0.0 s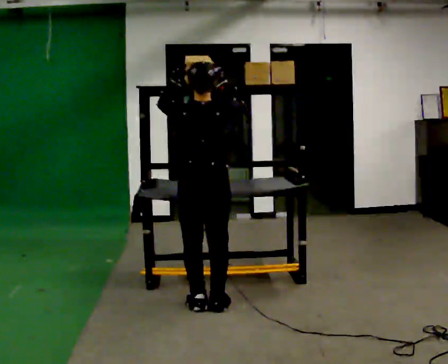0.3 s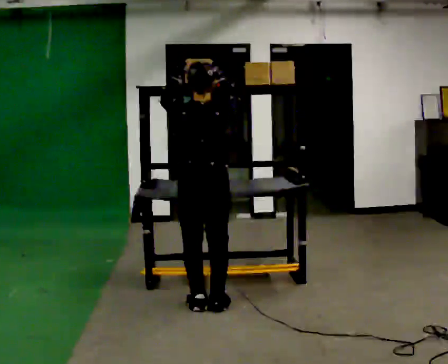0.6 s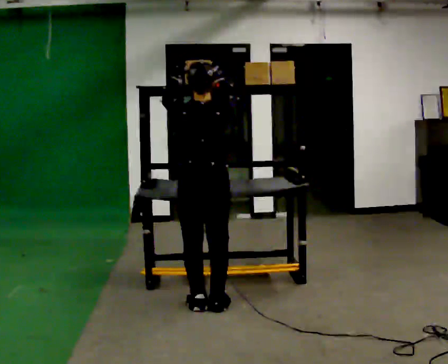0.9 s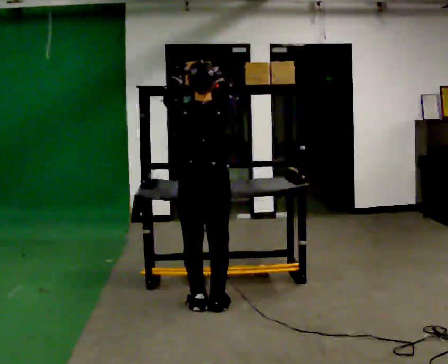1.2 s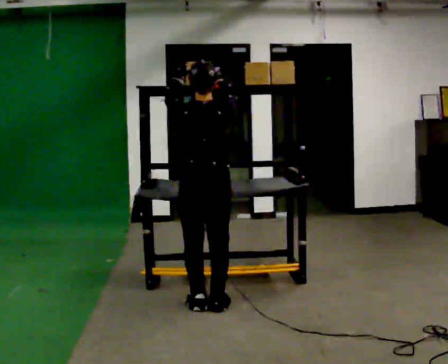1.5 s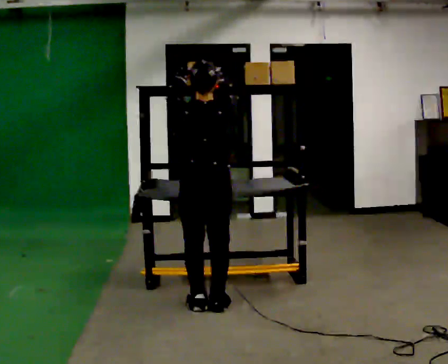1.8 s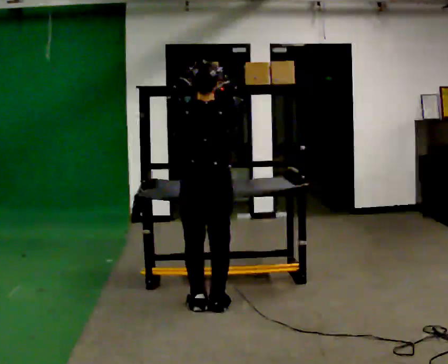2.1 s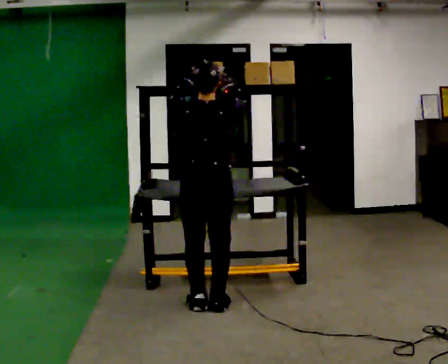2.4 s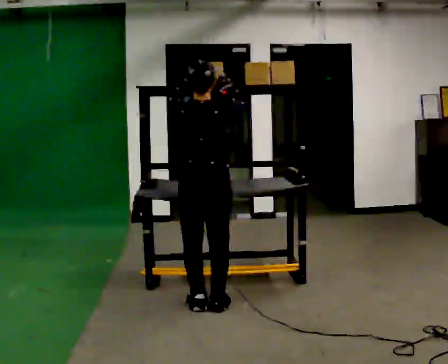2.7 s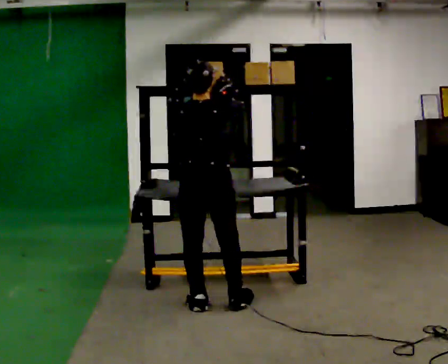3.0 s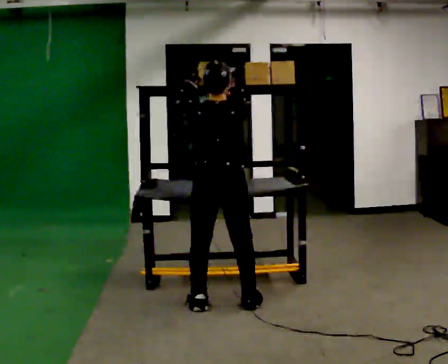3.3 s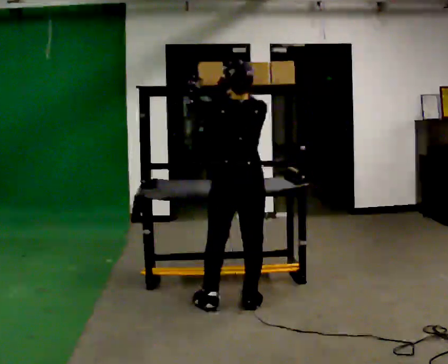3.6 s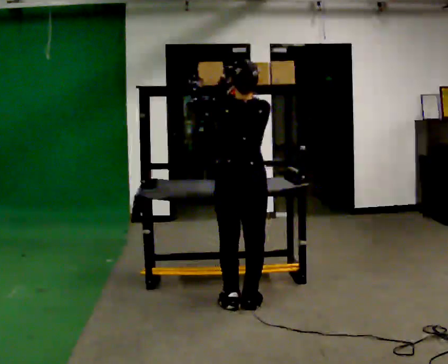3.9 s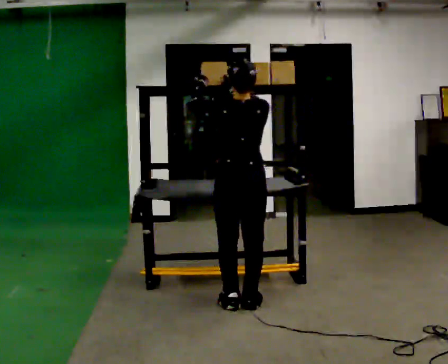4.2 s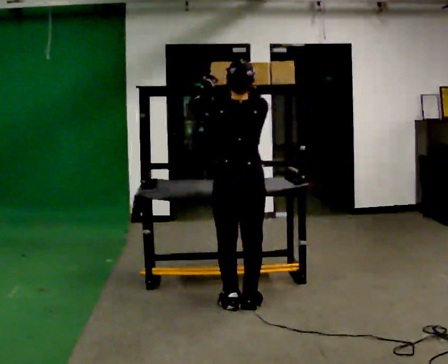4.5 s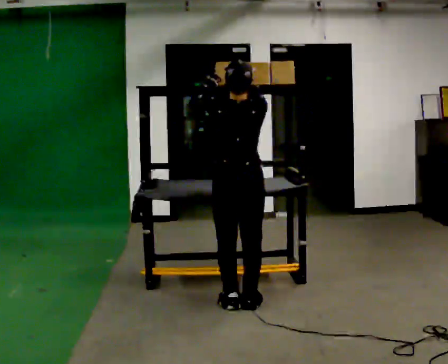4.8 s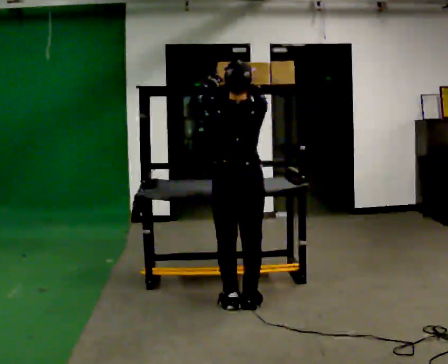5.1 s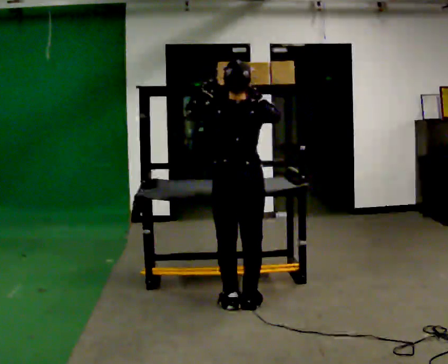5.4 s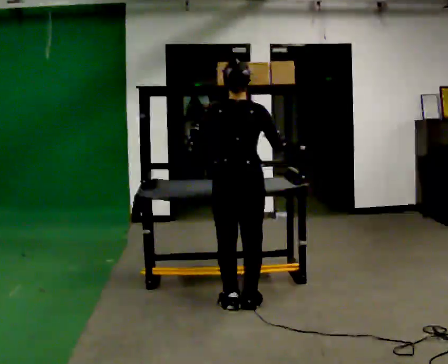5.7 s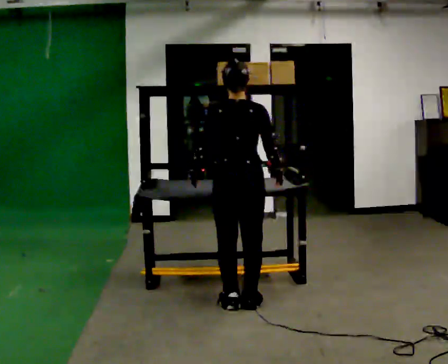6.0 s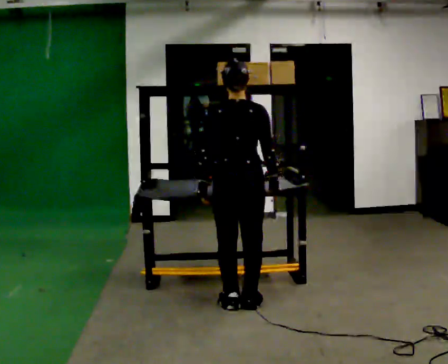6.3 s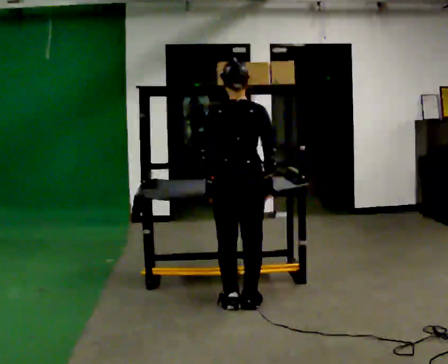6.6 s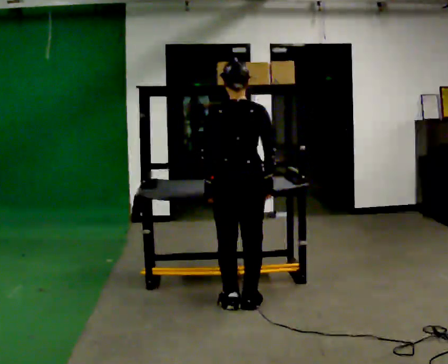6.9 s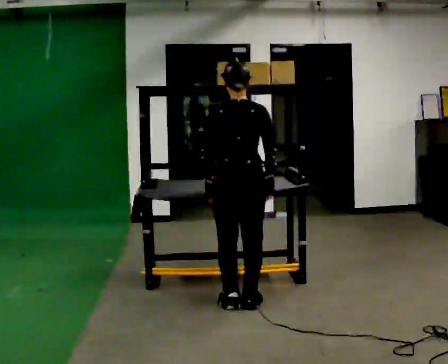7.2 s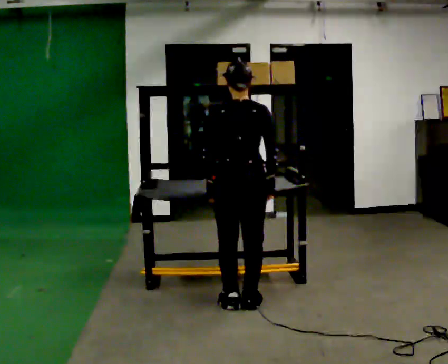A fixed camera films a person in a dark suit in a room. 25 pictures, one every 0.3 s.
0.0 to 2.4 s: The person moves a little, or ends about where they began.
2.4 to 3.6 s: In the picture they go to the right, about 0.25 m in 2 steps, which for them is to their right.
3.6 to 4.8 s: The person moves a little, or ends about where they began.
4.8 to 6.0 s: In the picture their left hand goes downward.
6.0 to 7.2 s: The person moves a little, or ends about where they began.
The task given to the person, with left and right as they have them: Carry the object across the room and place it on the shelf just at the top of your comfortable reach. Keep going until the operator says stop; one object at a time, and do not rush between trips.
The film runs forward here.
